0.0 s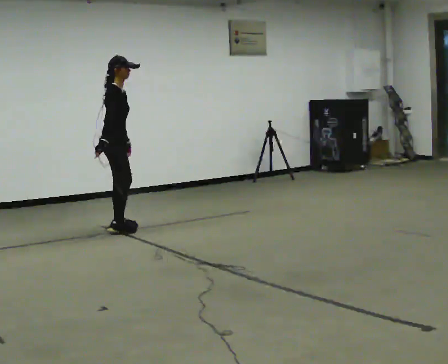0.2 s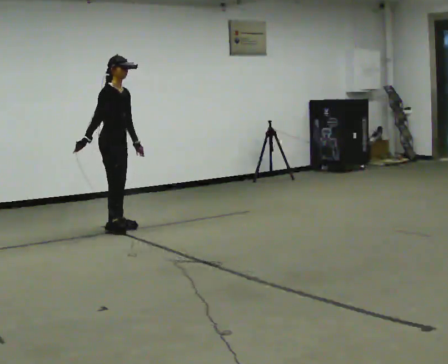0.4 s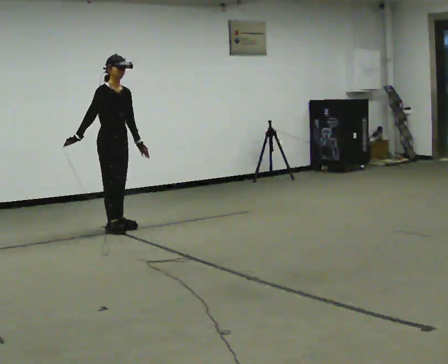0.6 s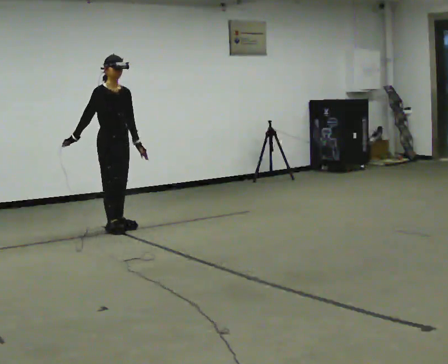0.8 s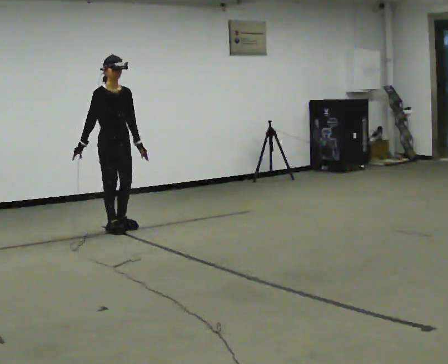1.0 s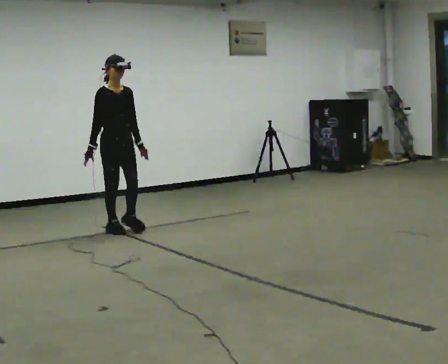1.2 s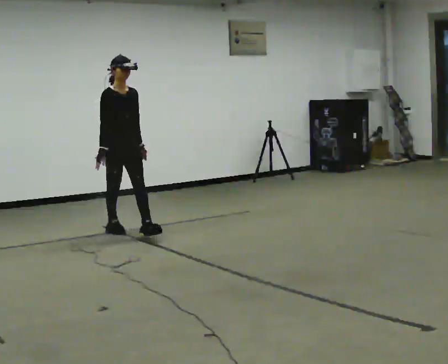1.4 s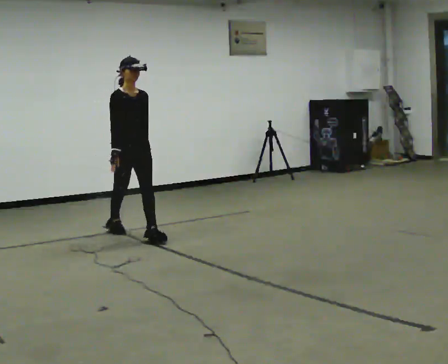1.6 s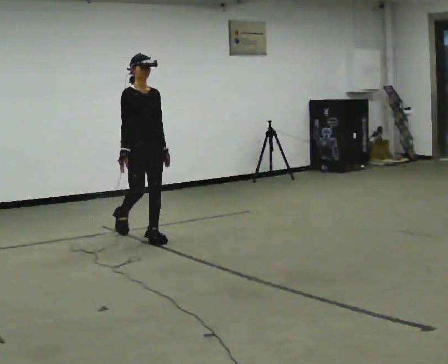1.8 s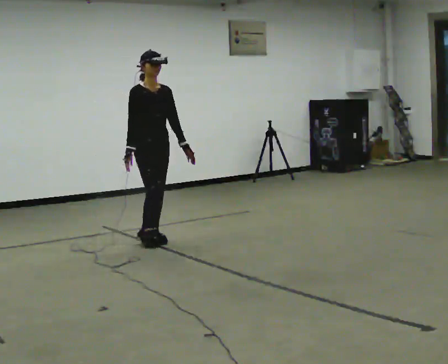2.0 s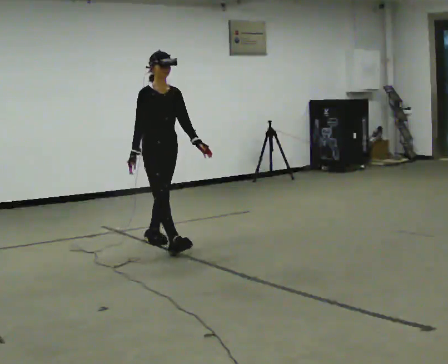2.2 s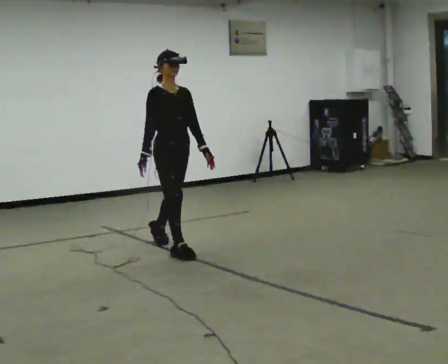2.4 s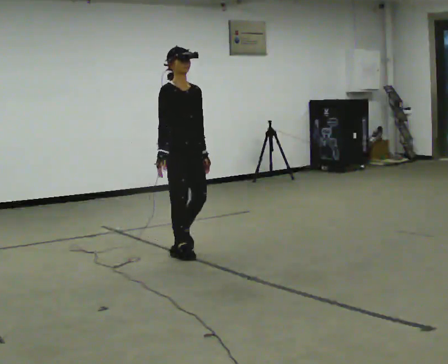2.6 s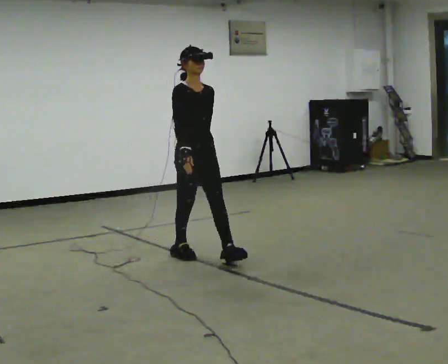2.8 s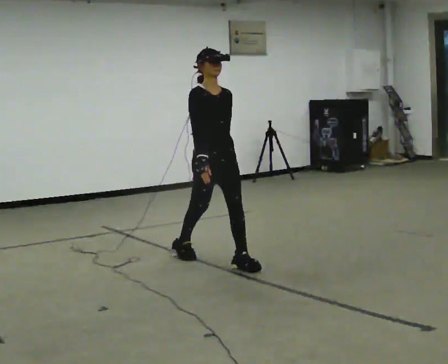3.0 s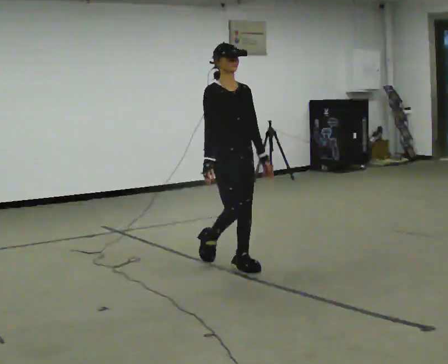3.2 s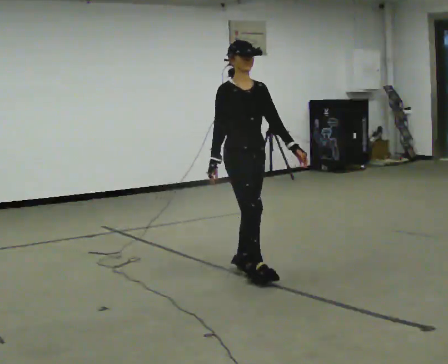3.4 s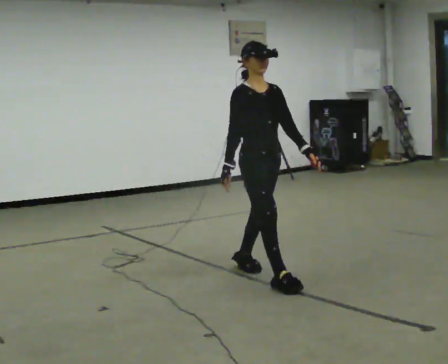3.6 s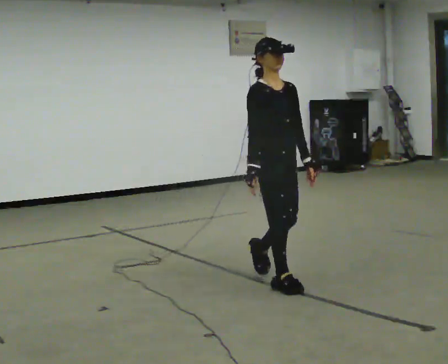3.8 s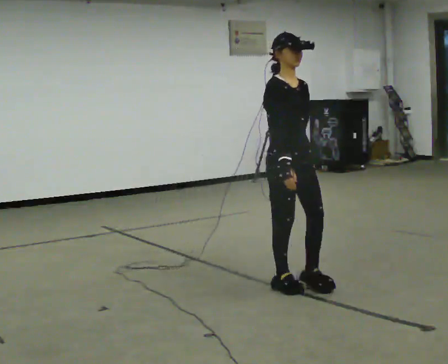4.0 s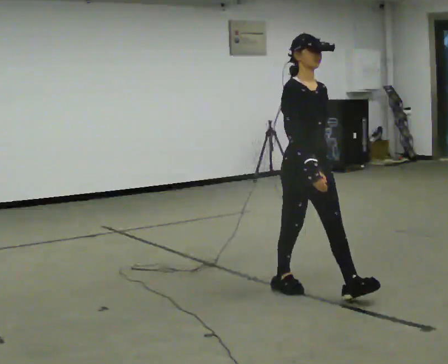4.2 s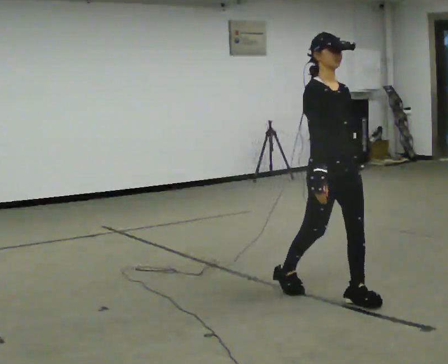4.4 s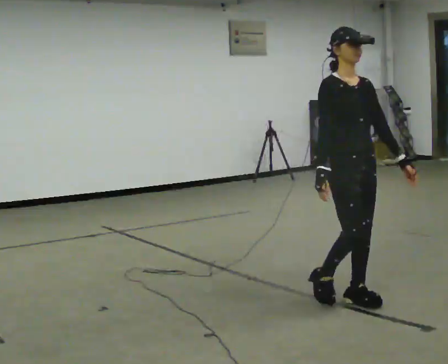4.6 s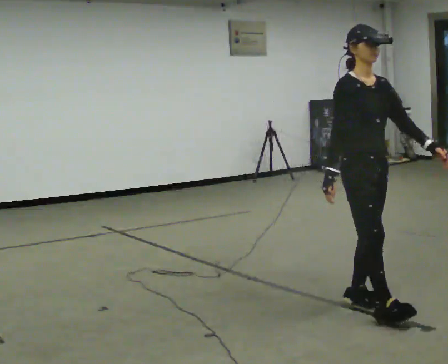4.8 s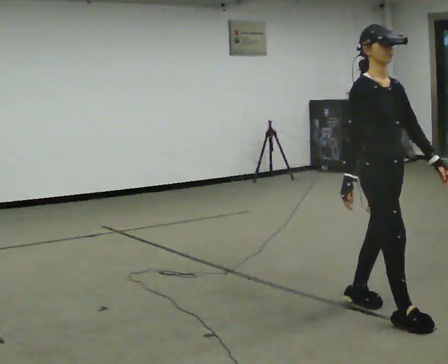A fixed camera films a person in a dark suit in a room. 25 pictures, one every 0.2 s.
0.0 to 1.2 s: The person turns about 45 degrees to their right, clockwise seen from above, so the part of the body nearest the lens slides to the left. In the picture they go toward the camera, about 0.25 m in 1 step, which for them is forward.
1.2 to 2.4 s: In the picture they go toward the camera and to the right, about 1 m in 2 steps, which for them is forward.
2.4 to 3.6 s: In the picture they go toward the camera and to the right, about 1 m in 2 steps, which for them is forward.
3.6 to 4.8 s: In the picture they go toward the camera and to the right, about 1 m in 2 steps, which for them is forward.
The film runs forward here.
